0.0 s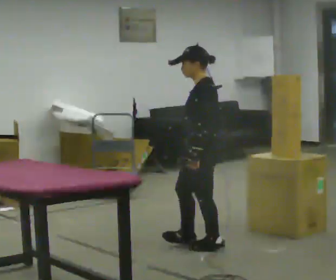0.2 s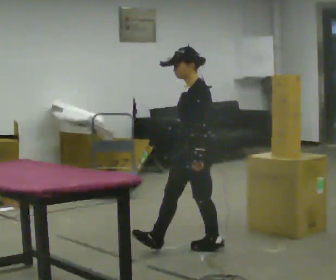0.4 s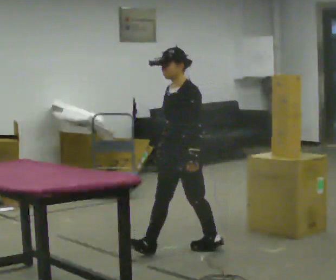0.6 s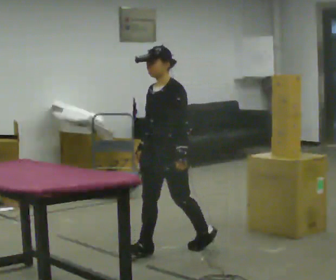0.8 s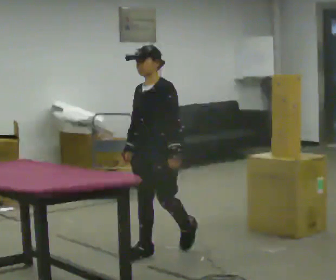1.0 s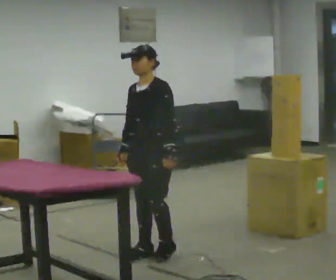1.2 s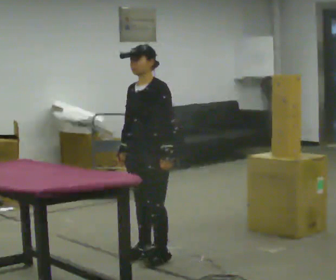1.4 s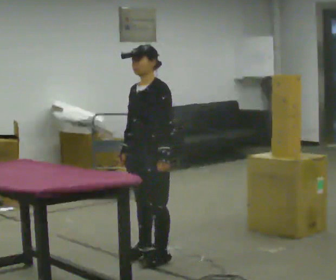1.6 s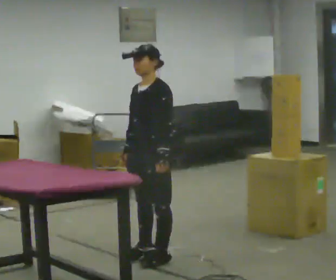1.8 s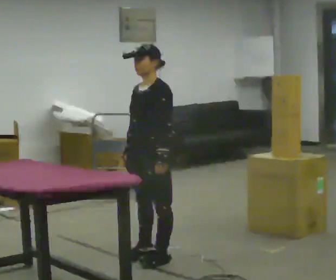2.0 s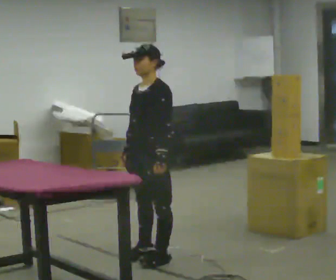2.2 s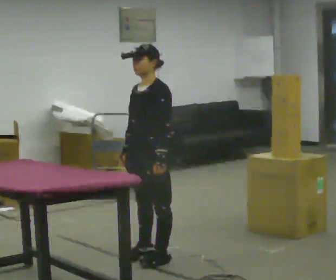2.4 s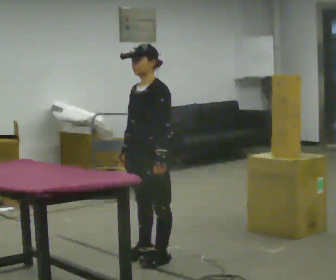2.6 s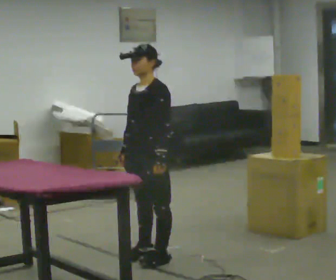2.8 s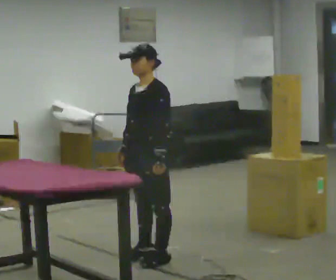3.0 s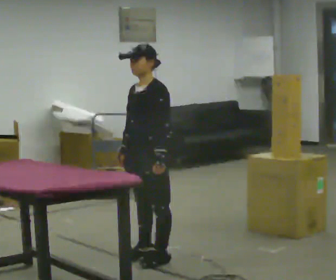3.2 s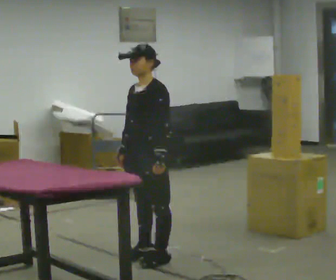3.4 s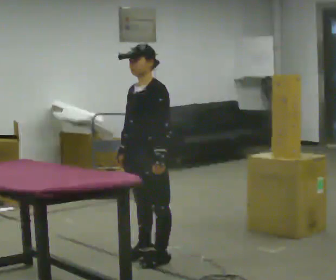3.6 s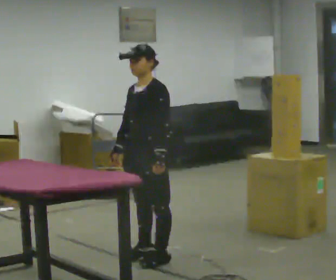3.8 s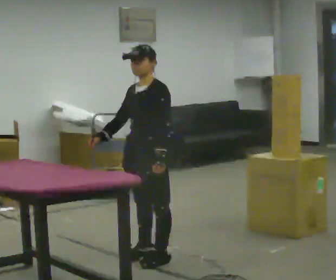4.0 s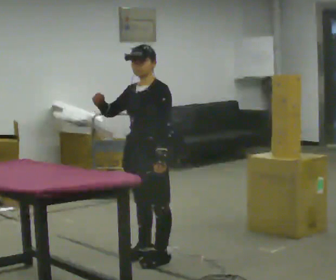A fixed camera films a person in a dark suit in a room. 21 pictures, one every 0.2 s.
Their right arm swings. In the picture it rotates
clockwise.
0.0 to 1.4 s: Seen from above the body turns counterclockwise, about 45 degrees: to their left, with its near side sliding to the right. In the picture they go to the left, about 0.5 m in 2 steps, which for them is forward and to their right.
1.4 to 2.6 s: The person moves a little, or ends about where they began.
2.6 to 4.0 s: In the picture their right hand goes upward, the arm swinging clockwise.
The film runs forward here.
